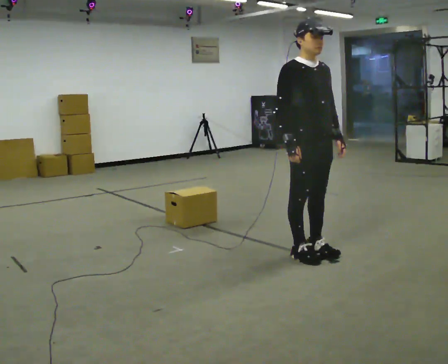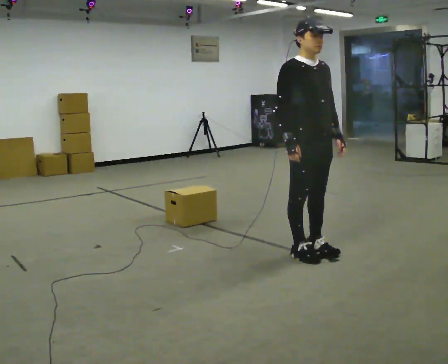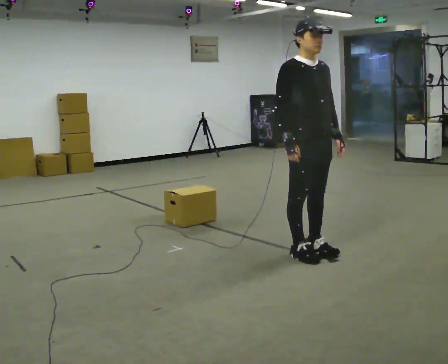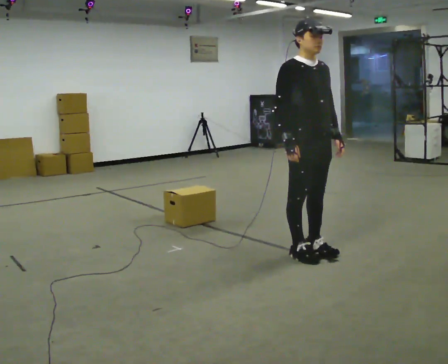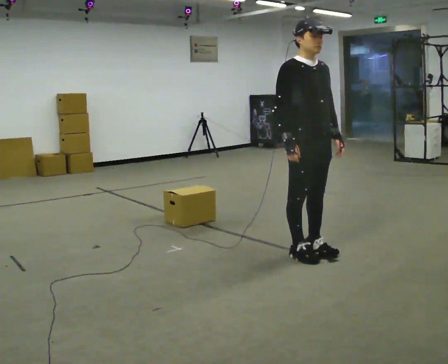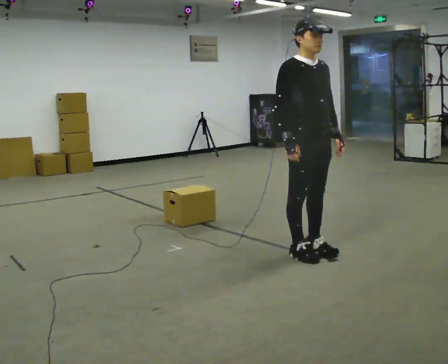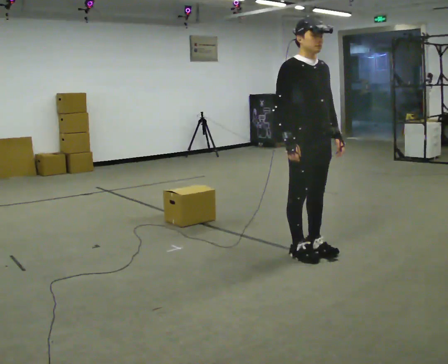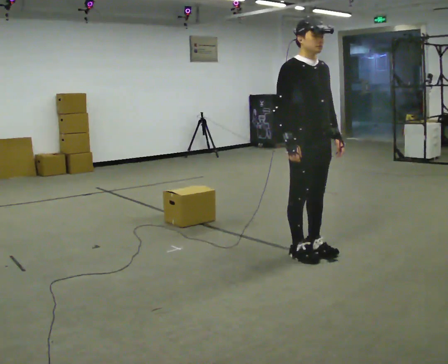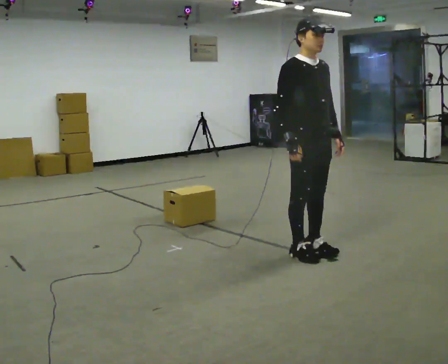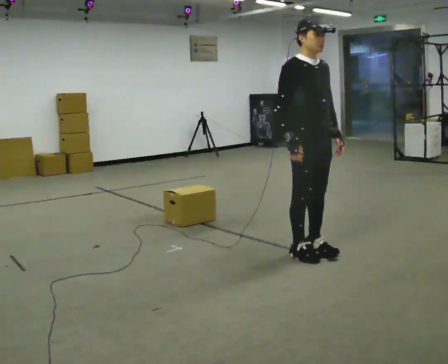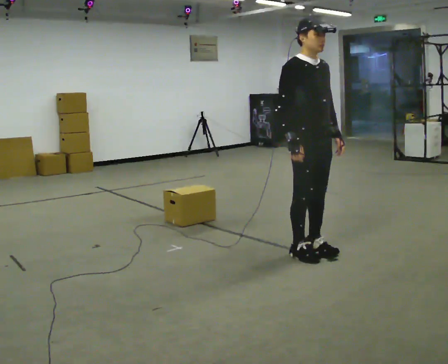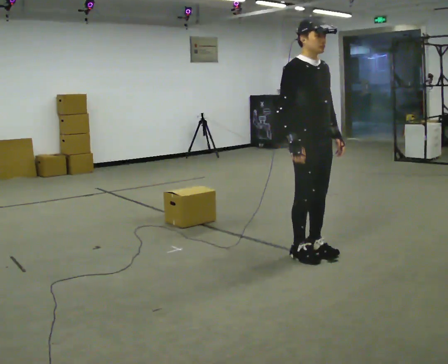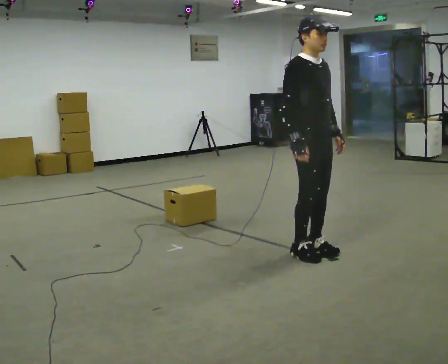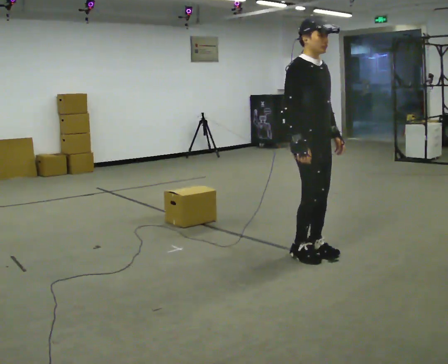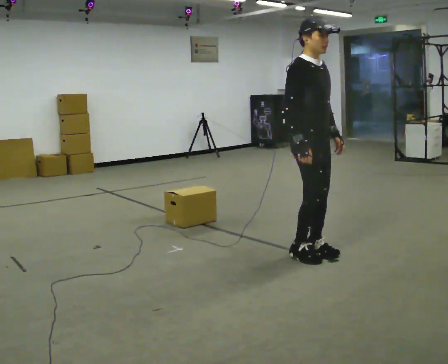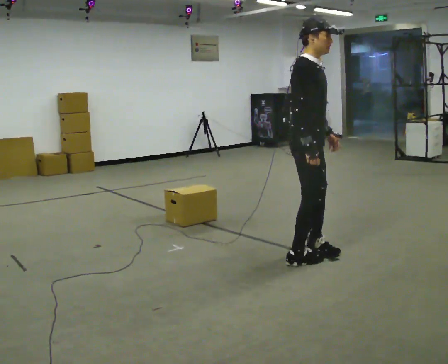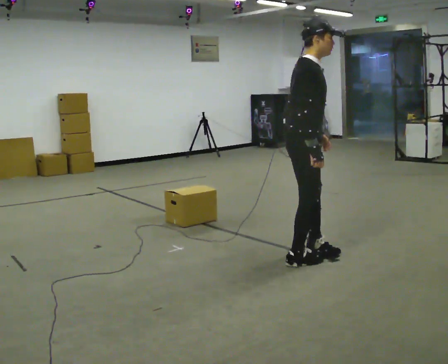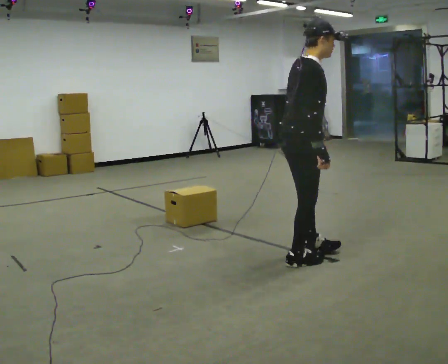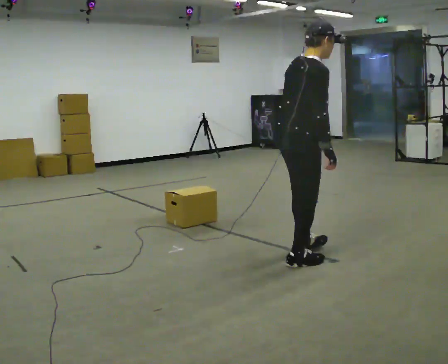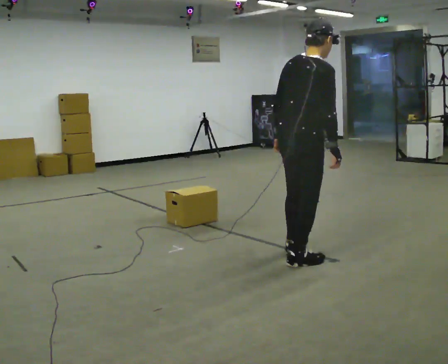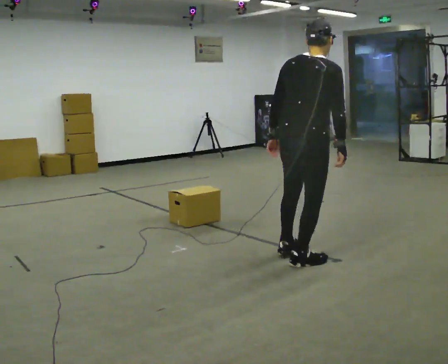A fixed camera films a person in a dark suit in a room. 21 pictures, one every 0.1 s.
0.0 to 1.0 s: The person moves a little, or ends about where they began.
1.0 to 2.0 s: The person turns about 105 degrees to their left, counterclockwise seen from above, so the part of the body nearest the lens slides to the right. In the picture they go toward the camera, about 0.25 m in 1 step. In the picture their left hand goes to the left, the arm swinging clockwise.
The film runs forward here.
